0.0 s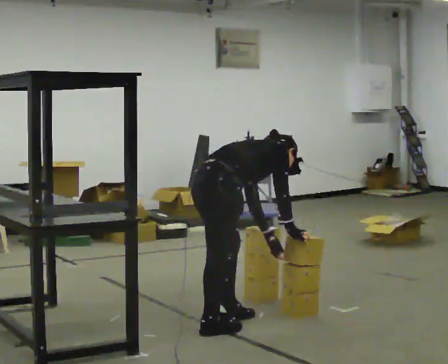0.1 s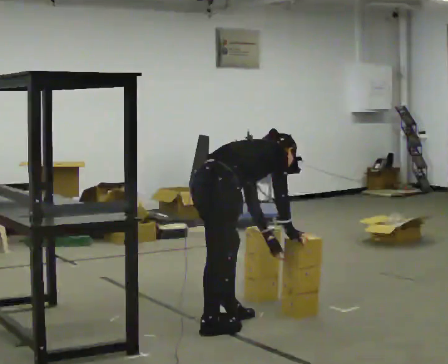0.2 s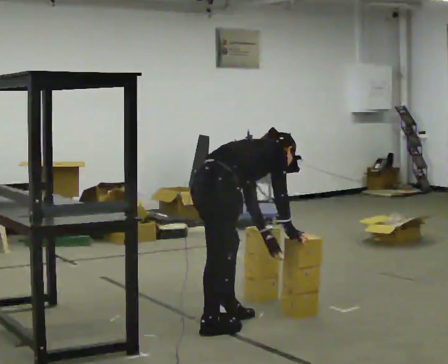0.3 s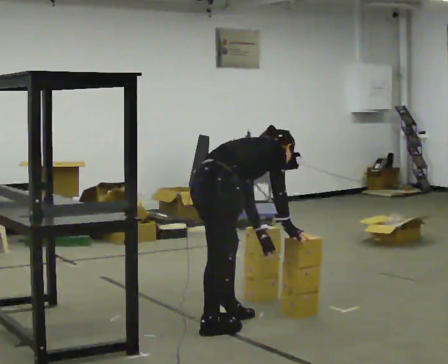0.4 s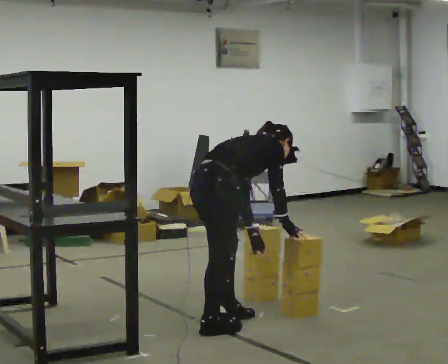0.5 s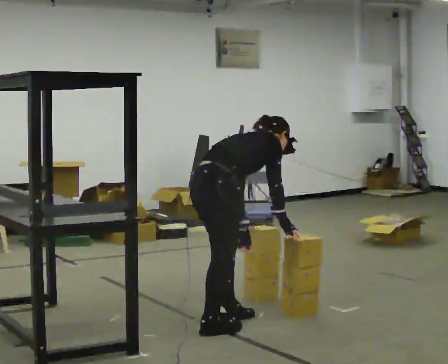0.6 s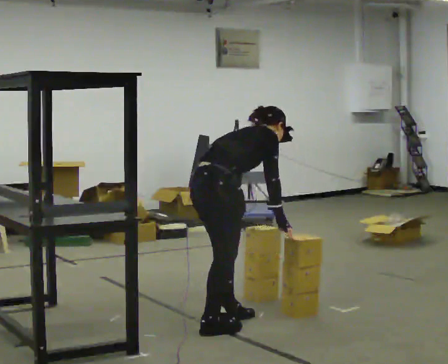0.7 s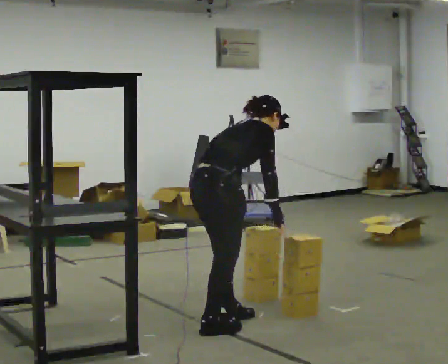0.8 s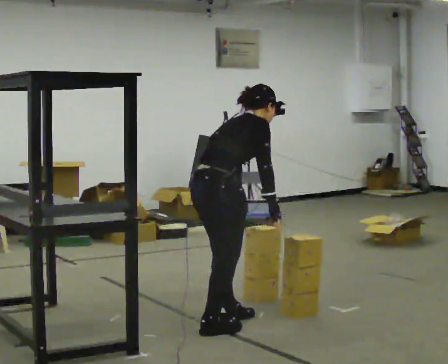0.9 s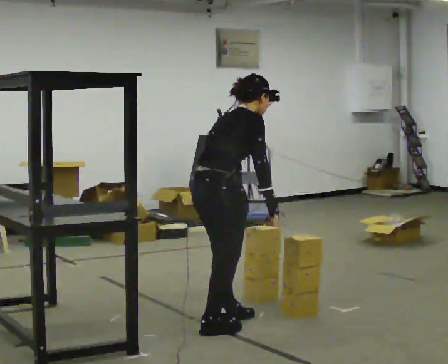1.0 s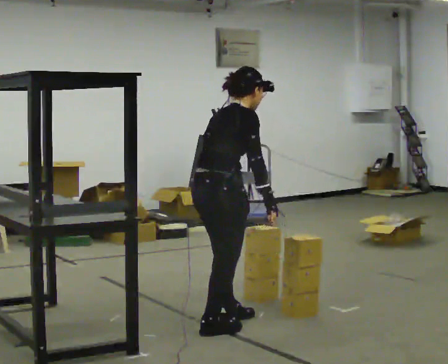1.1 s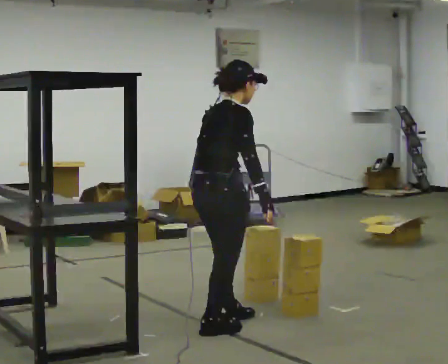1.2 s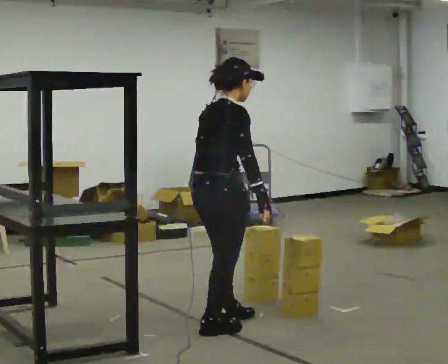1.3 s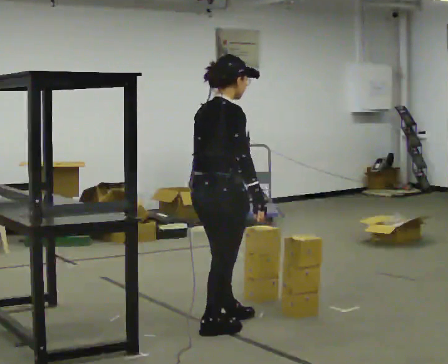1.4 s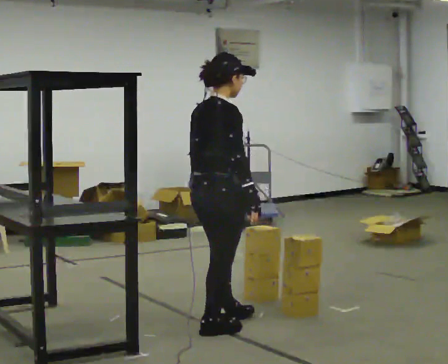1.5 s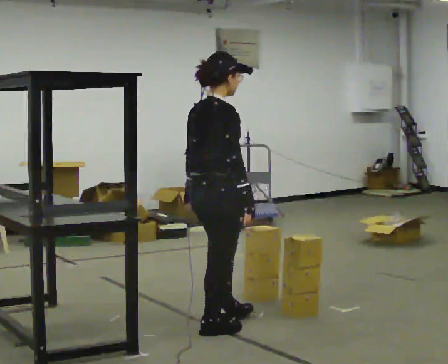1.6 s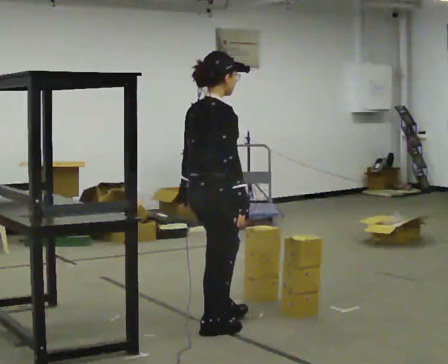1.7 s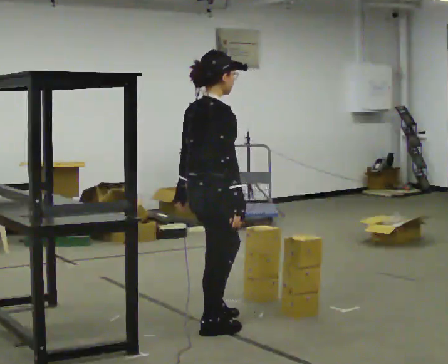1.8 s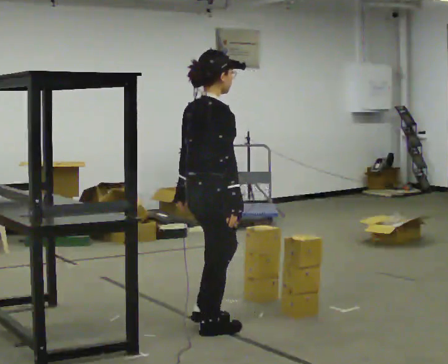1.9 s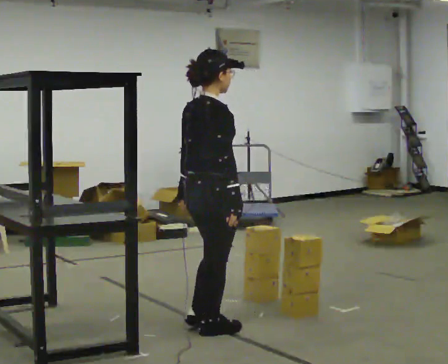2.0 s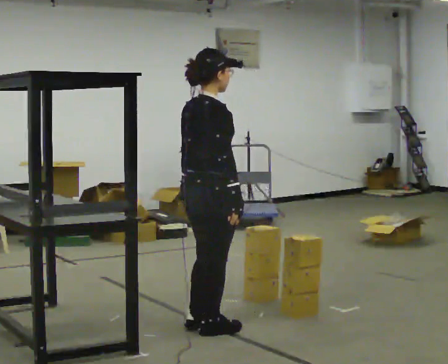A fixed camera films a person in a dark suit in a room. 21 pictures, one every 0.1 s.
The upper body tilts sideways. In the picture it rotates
counterclockwise.
The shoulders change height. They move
upward.
0.0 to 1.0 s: The upper body goes upward. In the picture the upper body tilts counterclockwise, shoulders to the left, as they lean back or straighten. In the picture their left hand goes to the left and upward.
1.0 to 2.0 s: In the picture the upper body tilts counterclockwise, shoulders to the left, as they lean back or straighten.
The film runs forward here.
